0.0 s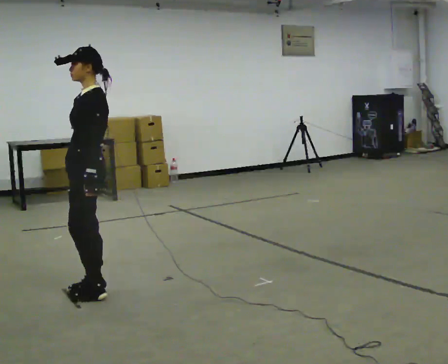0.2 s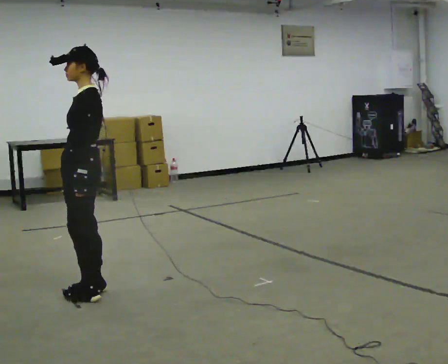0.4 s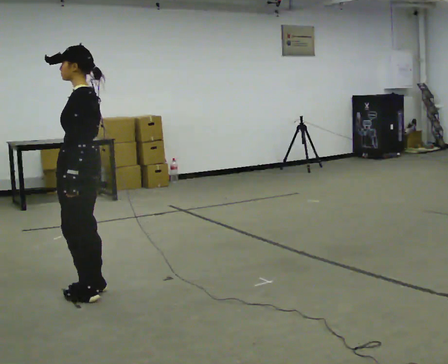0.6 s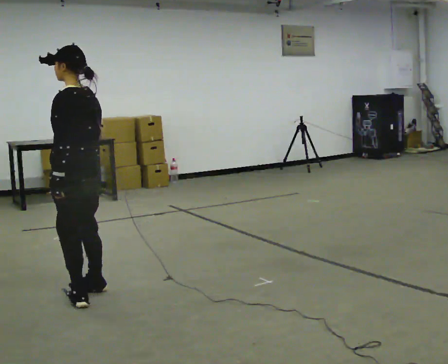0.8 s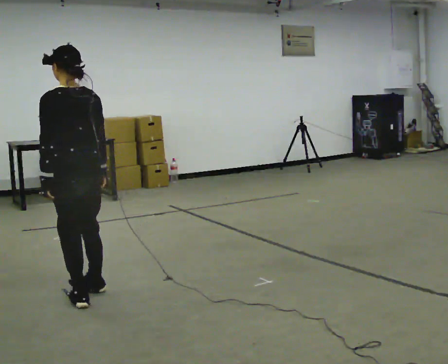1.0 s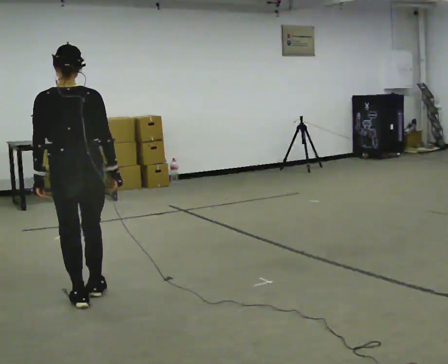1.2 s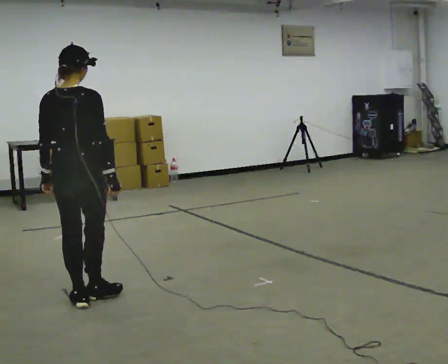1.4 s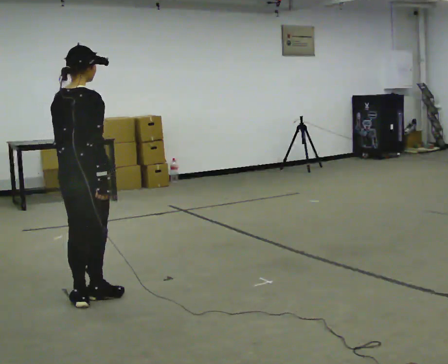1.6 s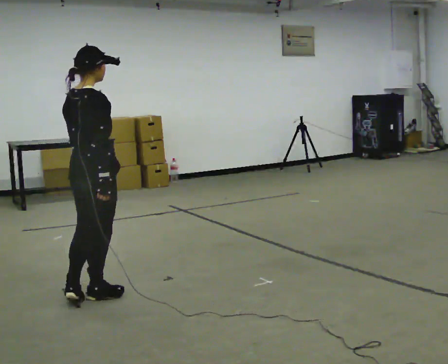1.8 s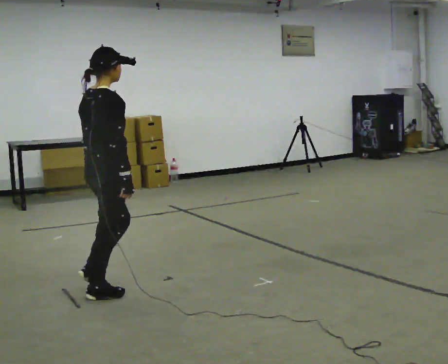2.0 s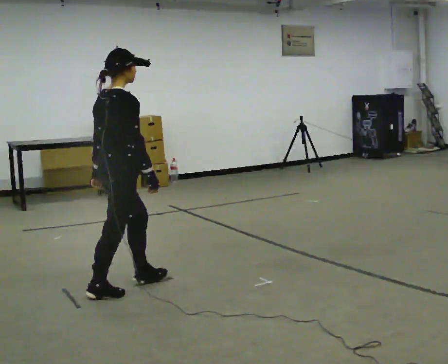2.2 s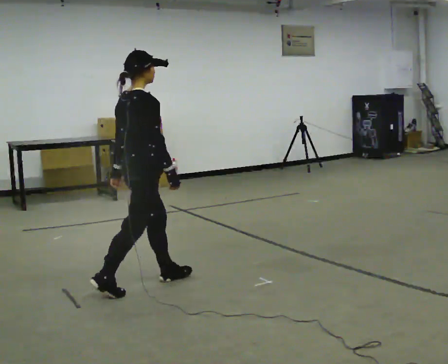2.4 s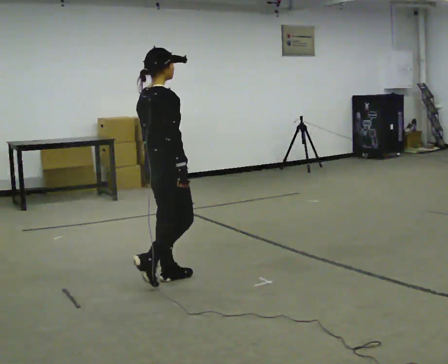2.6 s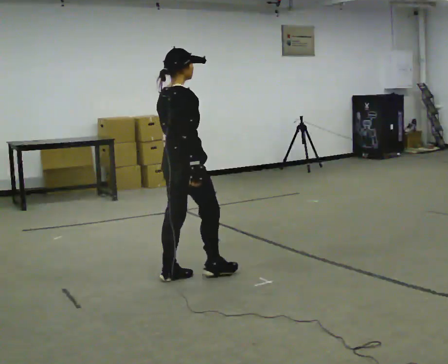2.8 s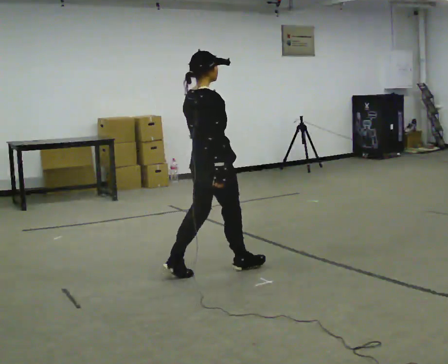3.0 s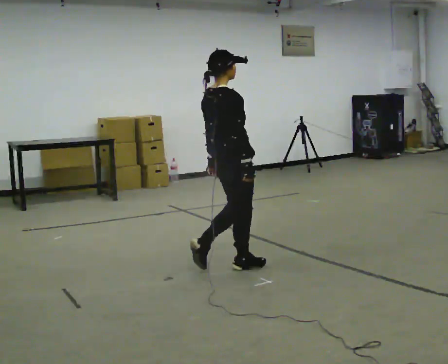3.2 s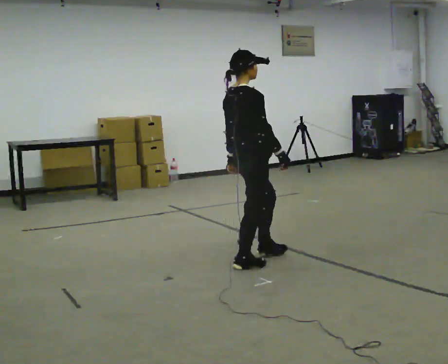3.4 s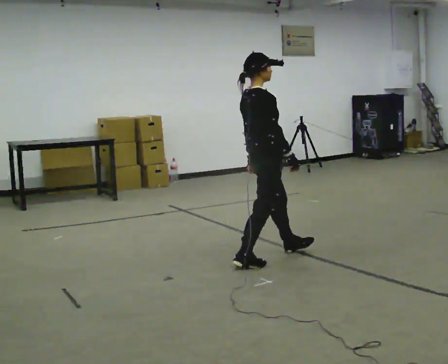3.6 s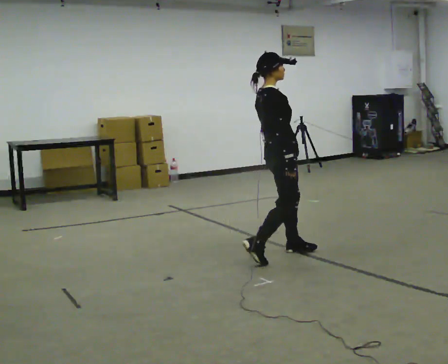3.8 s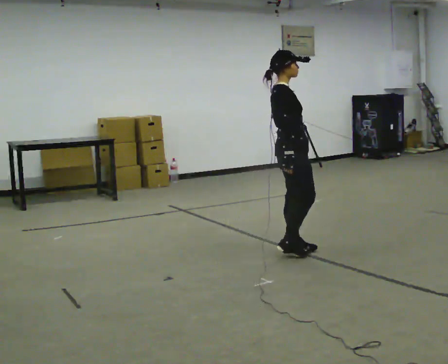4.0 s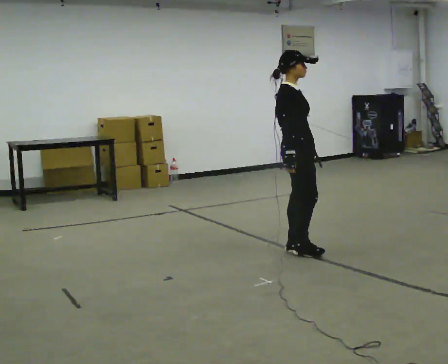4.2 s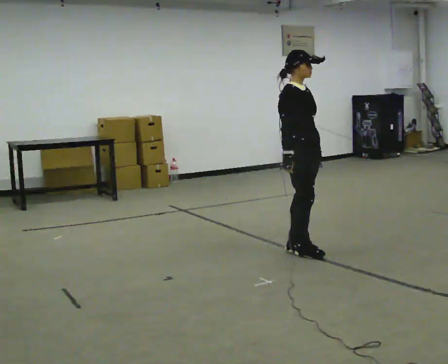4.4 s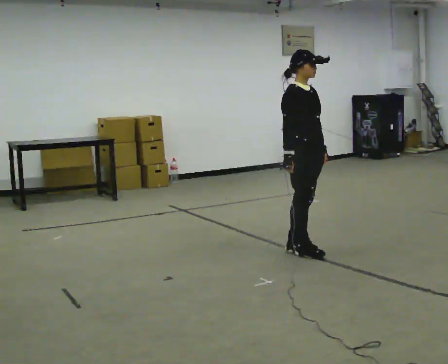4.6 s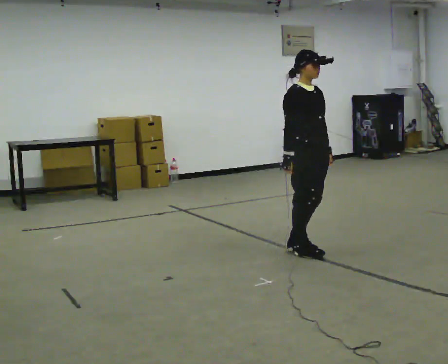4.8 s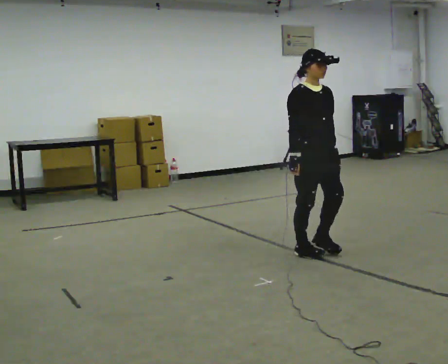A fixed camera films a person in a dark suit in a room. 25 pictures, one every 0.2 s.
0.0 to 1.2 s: The person turns about 120 degrees to their right, clockwise seen from above, so the part of the body nearest the lens slides to the left. In the picture they go toward the camera, about 0.25 m in 2 steps.
1.2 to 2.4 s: The person turns about 45 degrees to their right, clockwise seen from above, so the part of the body nearest the lens slides to the left. In the picture they go to the right and away from the camera, about 0.5 m in 1 step, which for them is forward.
2.4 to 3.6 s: In the picture they go to the right and away from the camera, about 1 m in 2 steps, which for them is forward.
3.6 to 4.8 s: Seen from above the body turns clockwise, about 60 degrees: to their right, with its near side sliding to the left. In the picture they go to the right, about 0.25 m in 1 step, which for them is forward.
The film runs forward here.
